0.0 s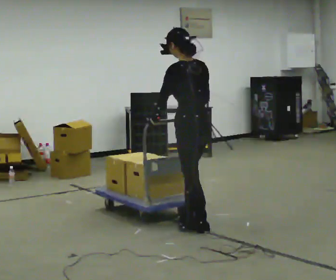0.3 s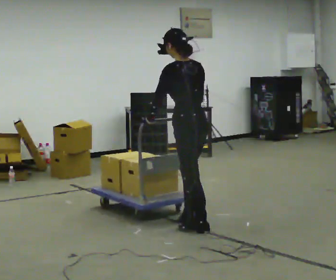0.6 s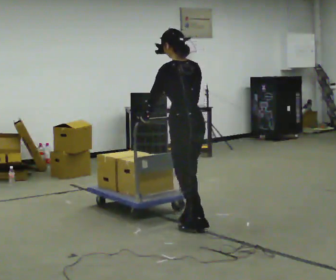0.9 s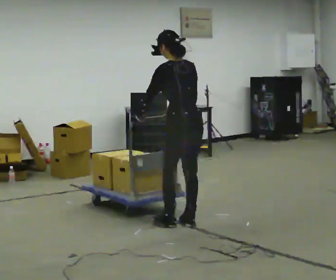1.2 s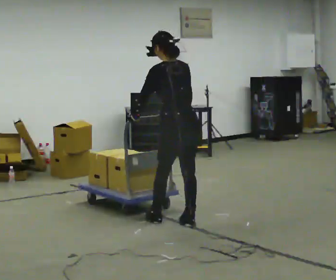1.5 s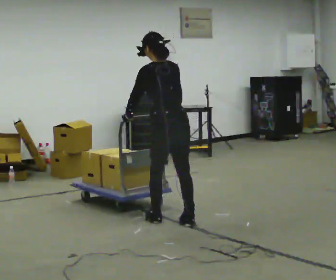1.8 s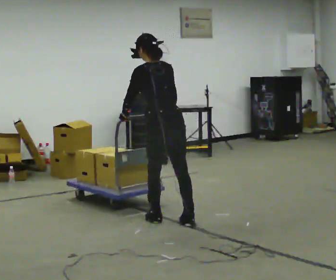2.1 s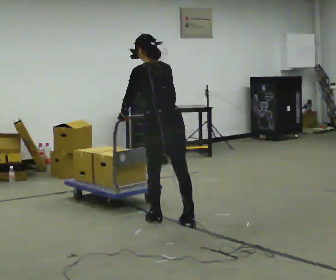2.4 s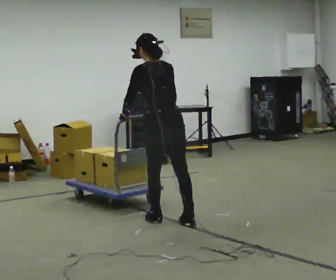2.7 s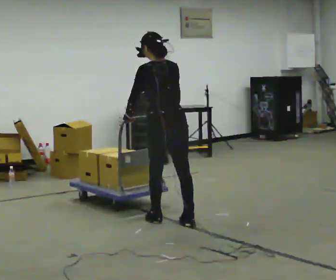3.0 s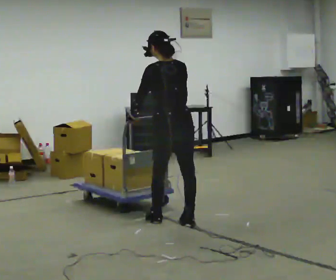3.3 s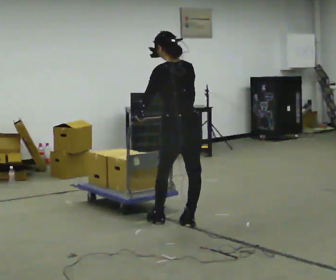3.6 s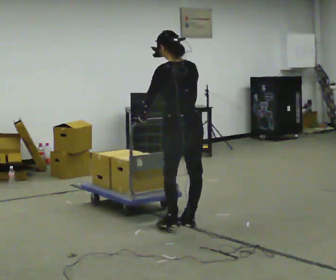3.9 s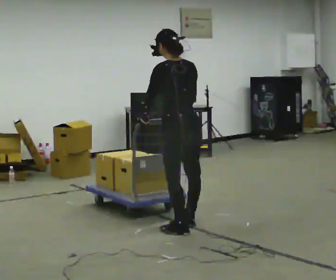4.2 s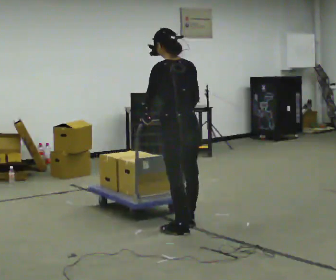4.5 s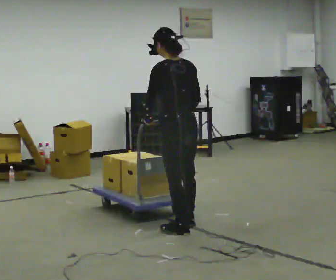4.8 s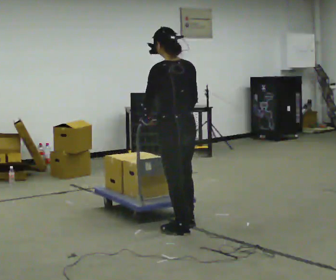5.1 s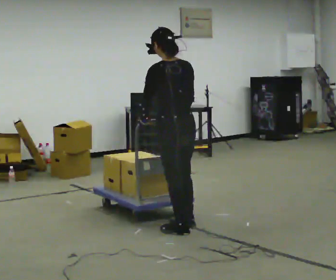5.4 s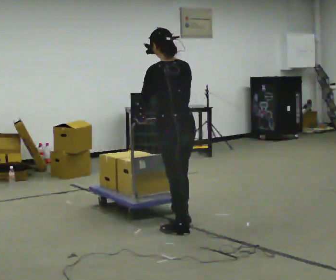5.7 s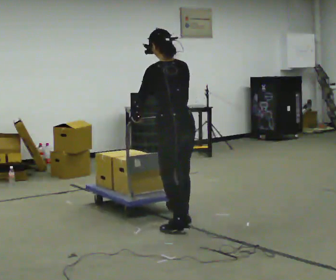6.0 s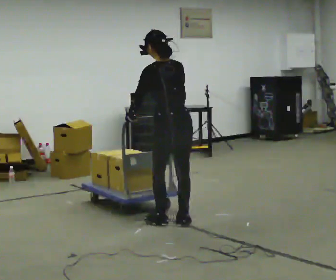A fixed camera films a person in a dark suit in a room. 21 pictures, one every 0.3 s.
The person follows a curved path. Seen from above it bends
counterclockwise.
0.0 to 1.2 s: In the picture they go away from the camera, about 0.25 m in 1 step, which for them is forward.
1.2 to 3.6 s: The person moves a little, or ends about where they began.
3.6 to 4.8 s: In the picture they go toward the camera, about 0.25 m in 1 step, which for them is to their left.
4.8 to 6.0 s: In the picture they go away from the camera, about 0.25 m, which for them is forward.
The film runs forward here.
